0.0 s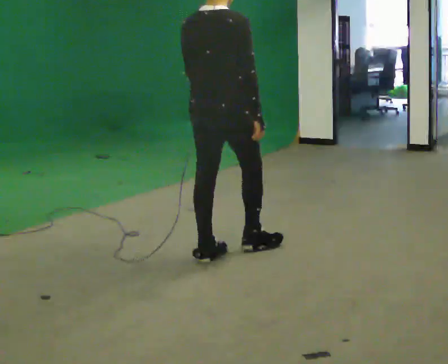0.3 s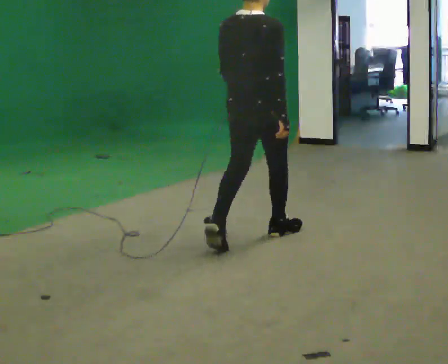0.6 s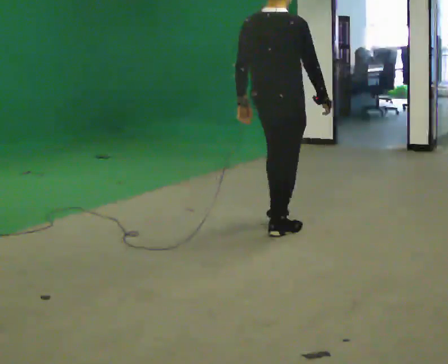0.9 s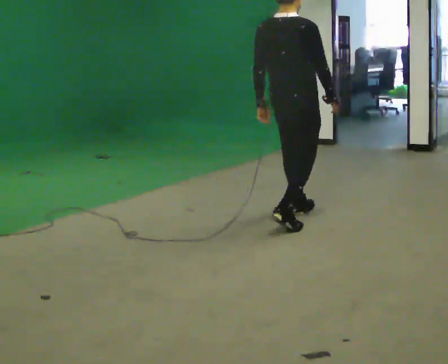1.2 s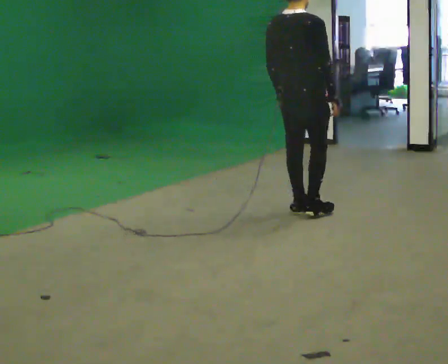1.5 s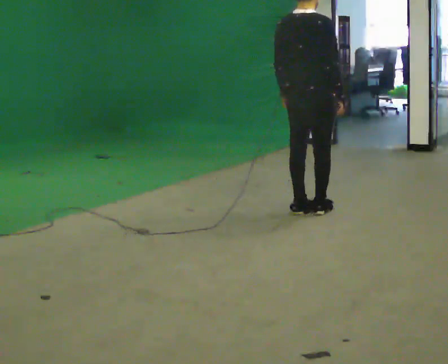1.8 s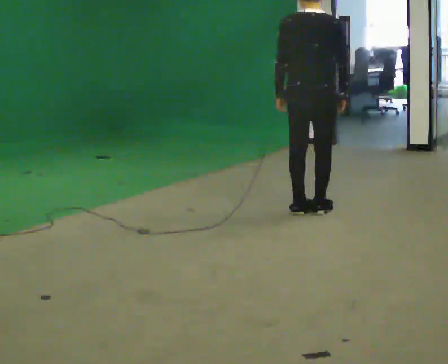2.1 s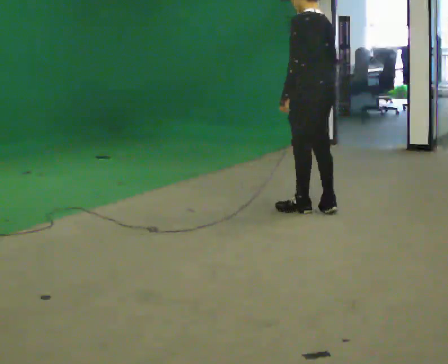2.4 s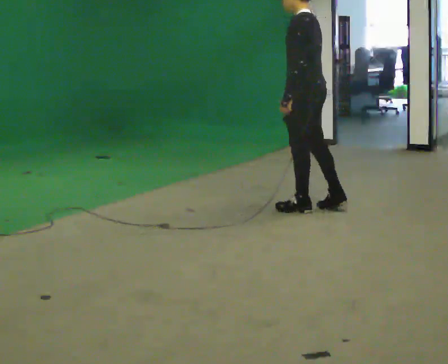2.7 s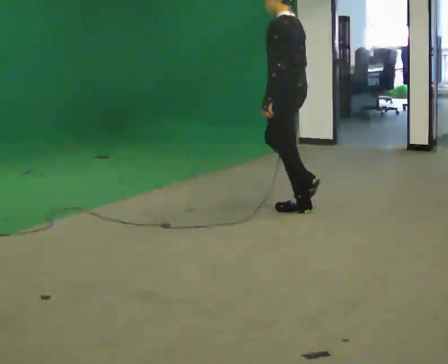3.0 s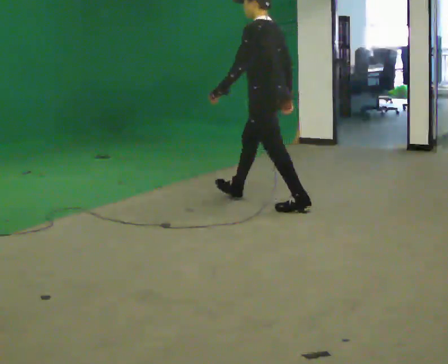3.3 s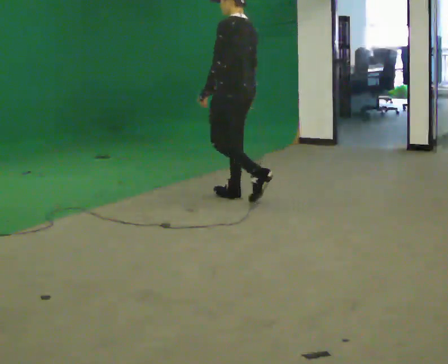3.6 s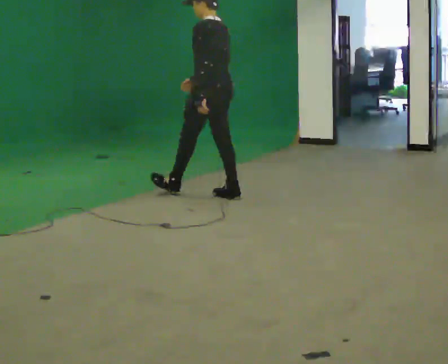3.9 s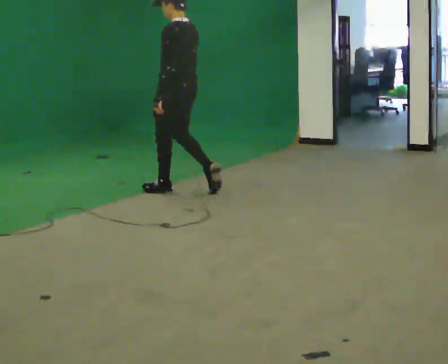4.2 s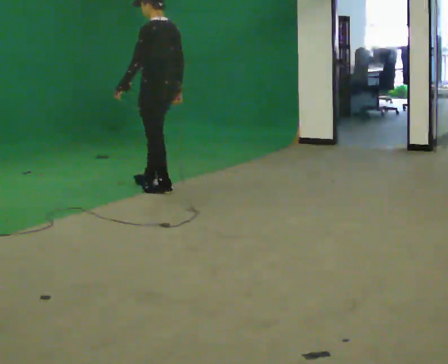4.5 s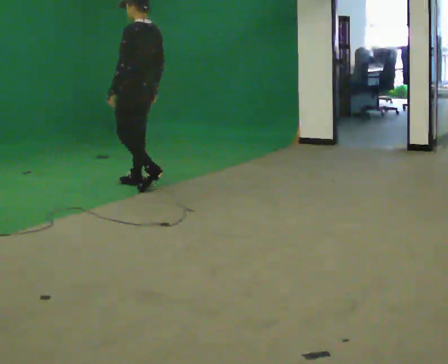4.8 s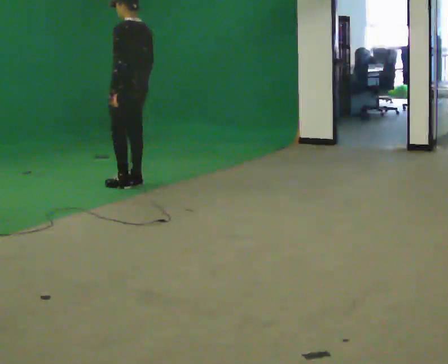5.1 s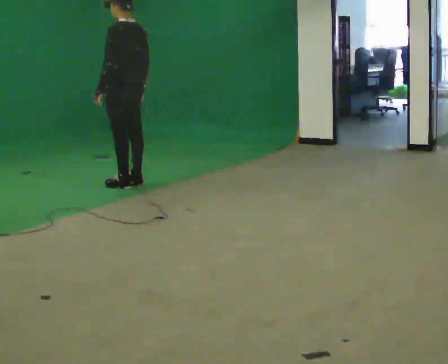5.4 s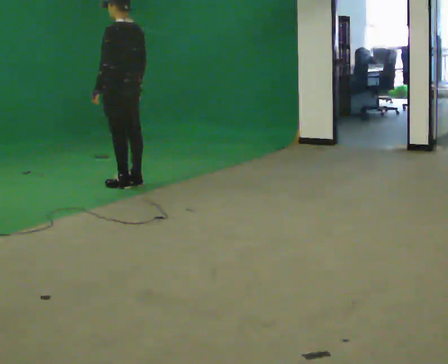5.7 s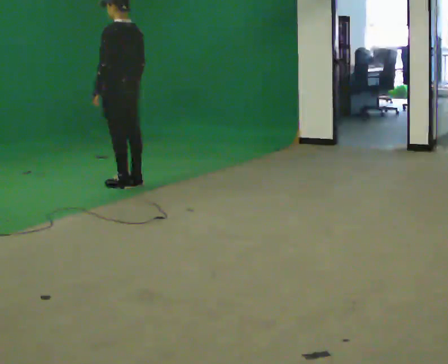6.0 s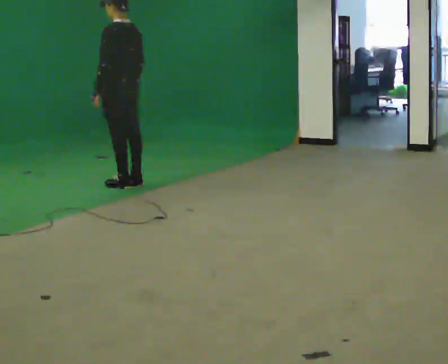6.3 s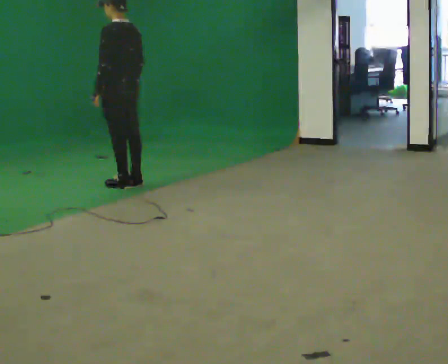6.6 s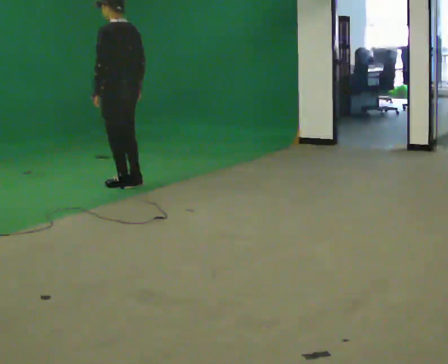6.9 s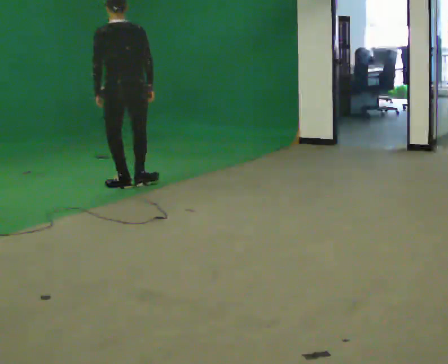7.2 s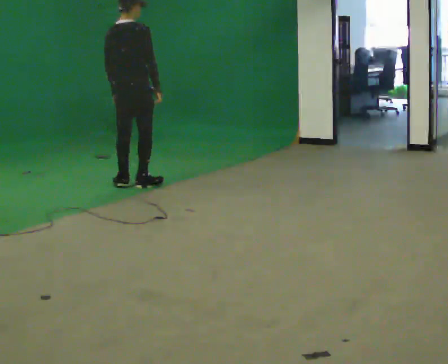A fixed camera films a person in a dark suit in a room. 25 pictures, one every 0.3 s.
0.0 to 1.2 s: In the picture they go away from the camera and to the right, about 1 m in 2 steps, which for them is forward.
1.2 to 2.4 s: Seen from above the body turns counterclockwise, about 105 degrees: to their left, with its near side sliding to the right. In the picture they go away from the camera, about 0.25 m in 2 steps.
2.4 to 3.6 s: In the picture they go to the left and away from the camera, about 1 m in 1 step, which for them is forward.
3.6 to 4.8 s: In the picture they go to the left and away from the camera, about 1 m in 3 steps, which for them is forward.
4.8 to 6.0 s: The person moves a little, or ends about where they began.
6.0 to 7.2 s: The part of the body nearest the lens slides to the left as the person turns to their right by about 90 degrees.
The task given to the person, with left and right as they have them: Walk; stop fully; turn 90° left/right while standing; walk new direction.
The film runs forward here.
